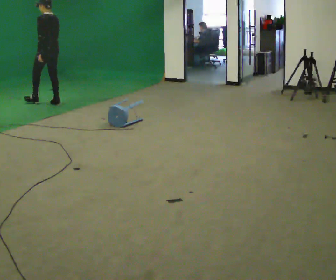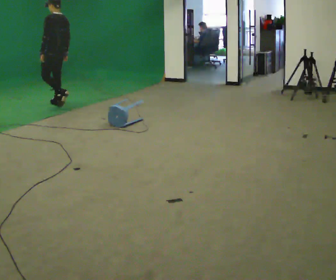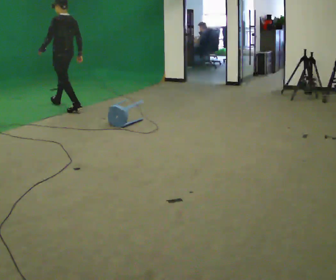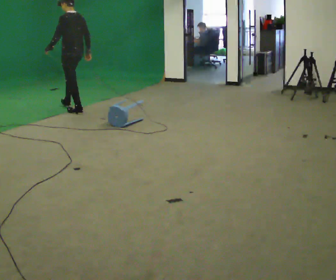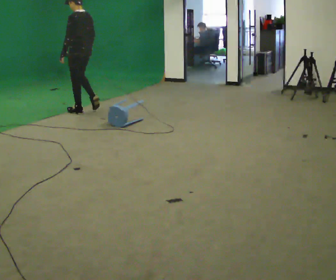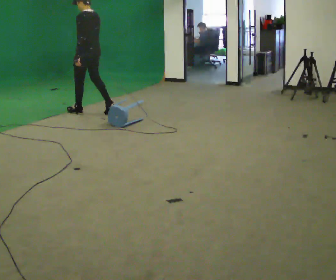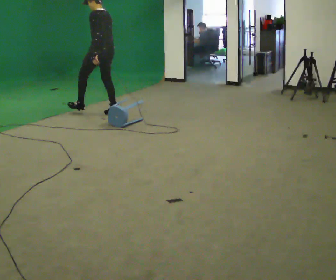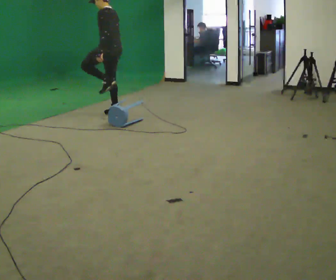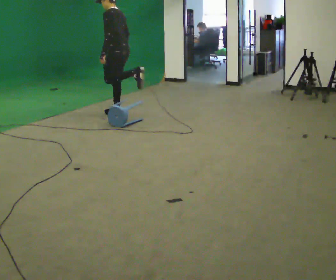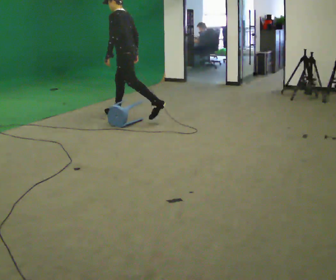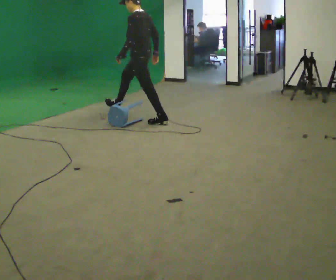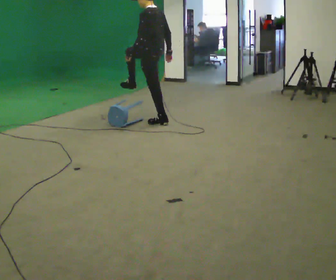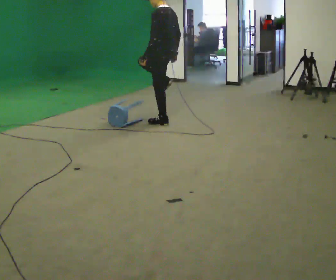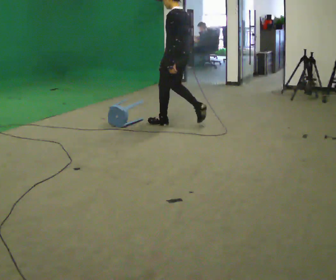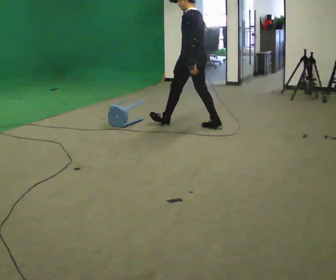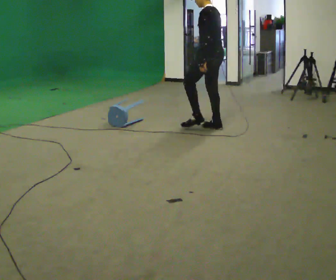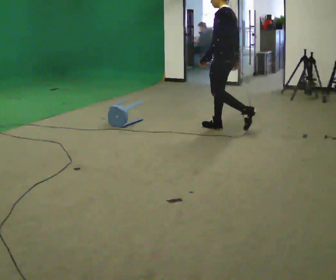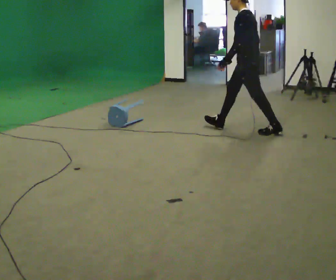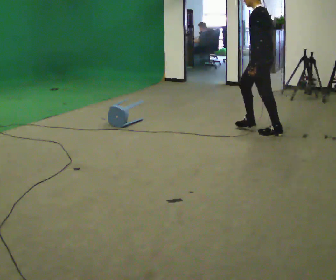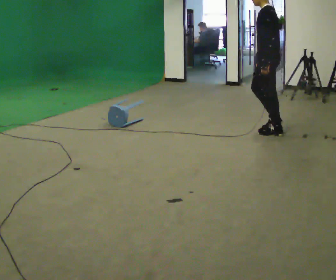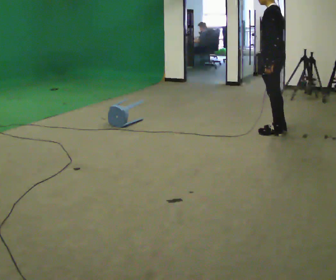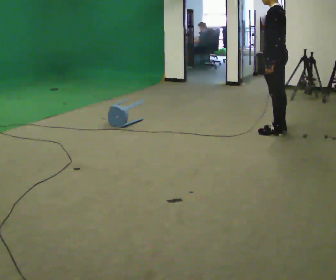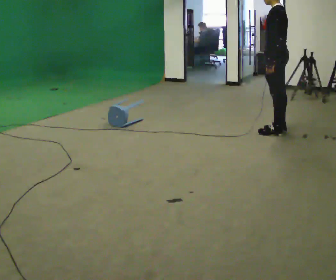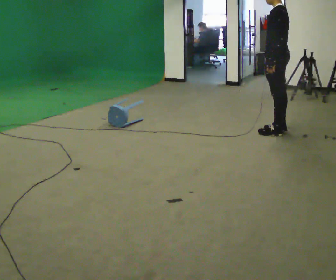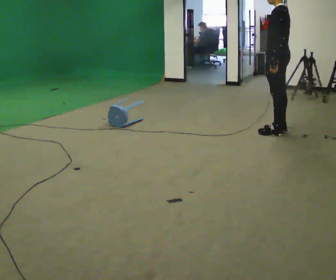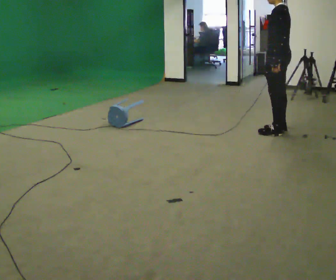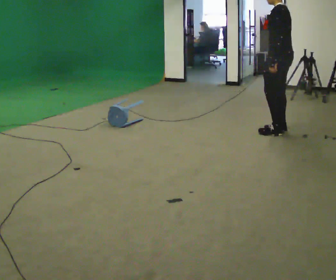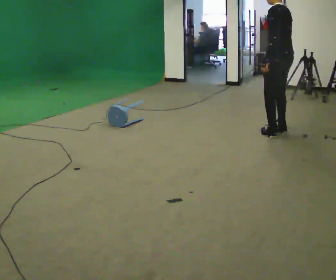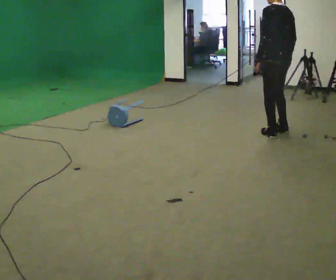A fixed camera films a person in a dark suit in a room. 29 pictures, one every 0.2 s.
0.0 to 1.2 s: In the picture they go to the right and toward the camera, about 1 m in 2 steps, which for them is backward.
1.2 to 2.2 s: In the picture they go to the right and toward the camera, about 1 m in 1 step, which for them is backward.
2.2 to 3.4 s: In the picture they go to the right, about 1 m in 2 steps, which for them is backward.
3.4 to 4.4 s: In the picture they go to the right, about 0.25 m, which for them is backward.
4.4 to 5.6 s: The person turns about 30 degrees to their right, clockwise seen from above, so the part of the body nearest the lens slides to the left.
The film runs backward here.
